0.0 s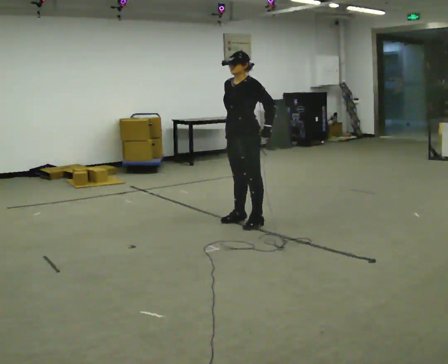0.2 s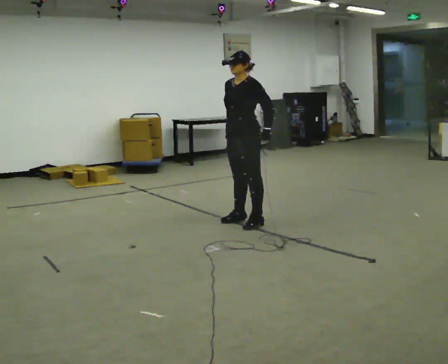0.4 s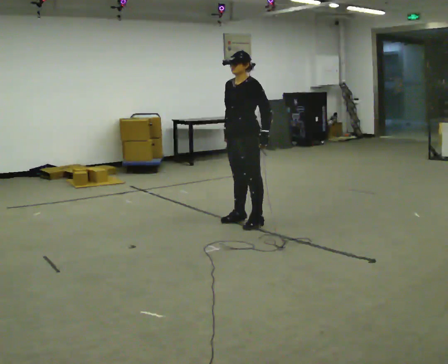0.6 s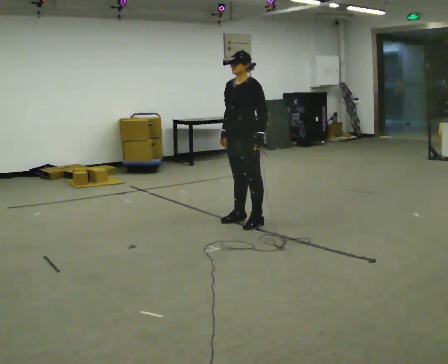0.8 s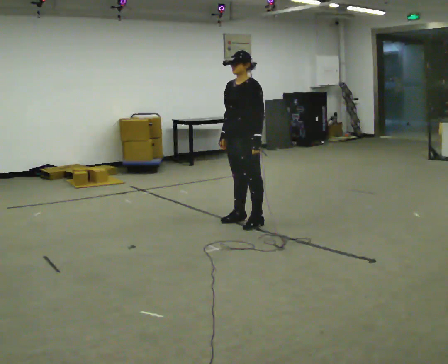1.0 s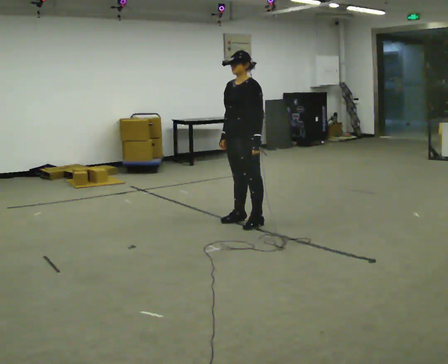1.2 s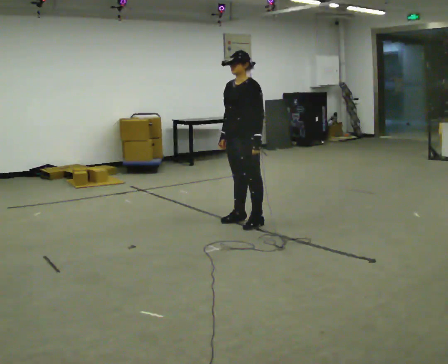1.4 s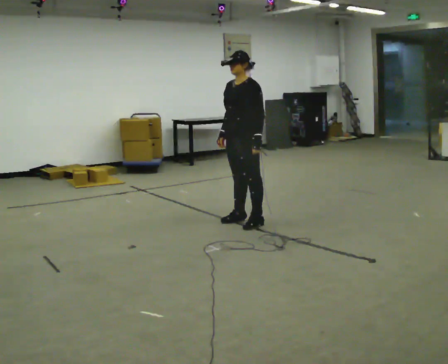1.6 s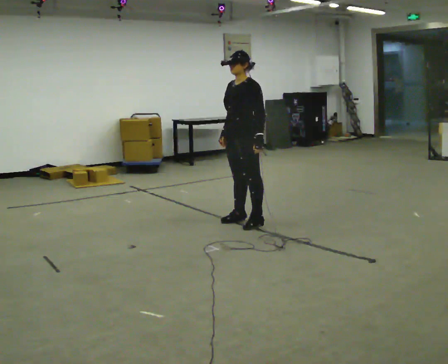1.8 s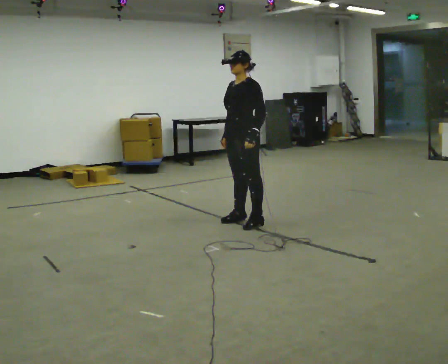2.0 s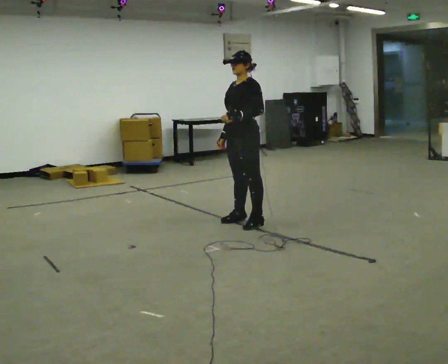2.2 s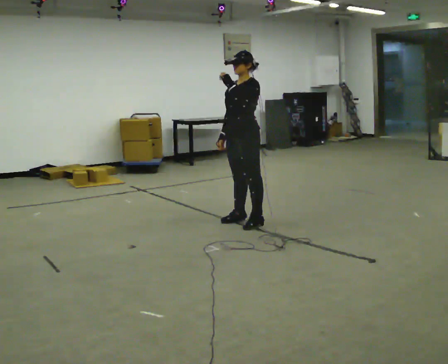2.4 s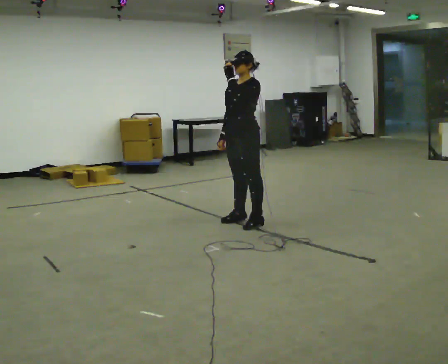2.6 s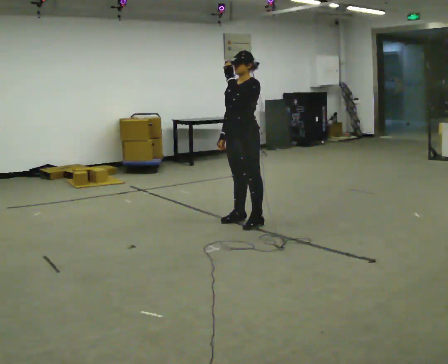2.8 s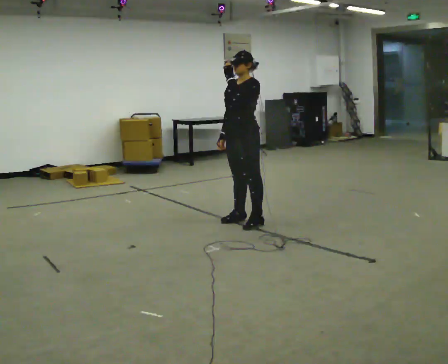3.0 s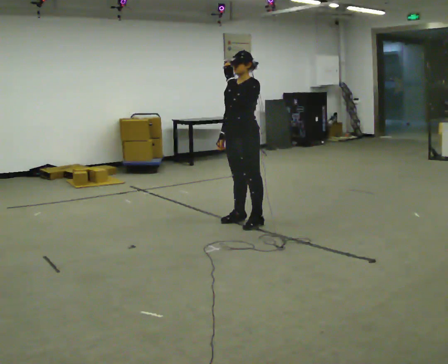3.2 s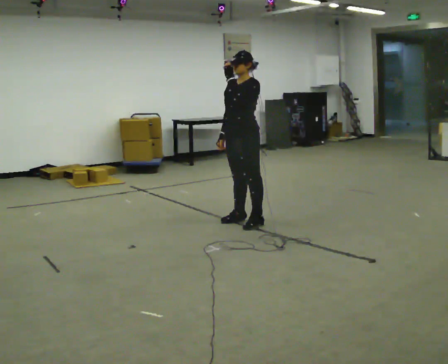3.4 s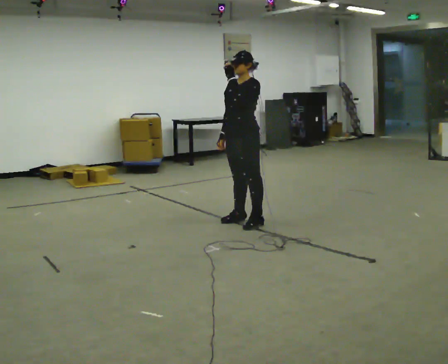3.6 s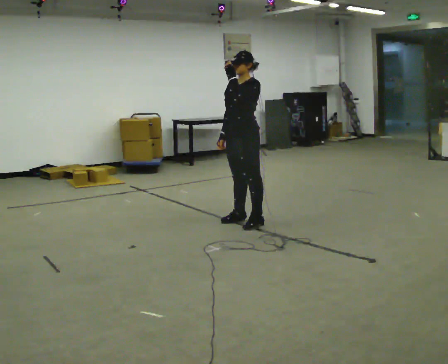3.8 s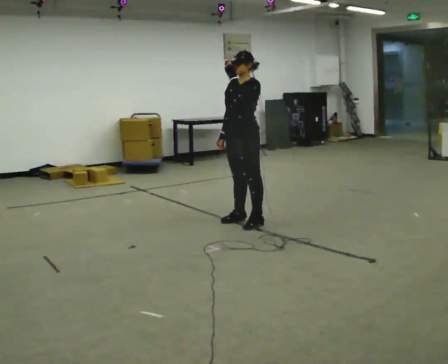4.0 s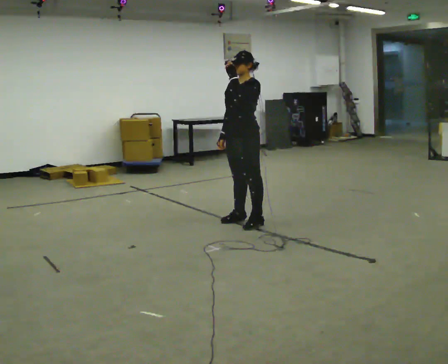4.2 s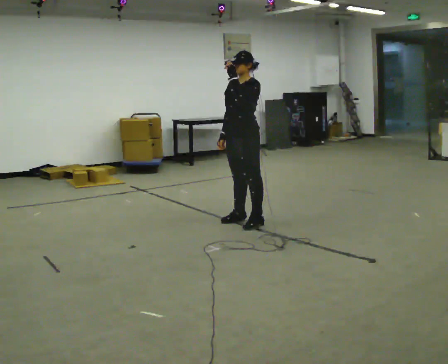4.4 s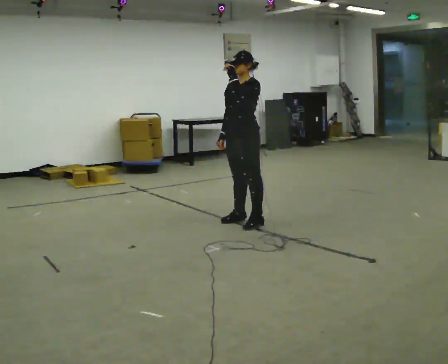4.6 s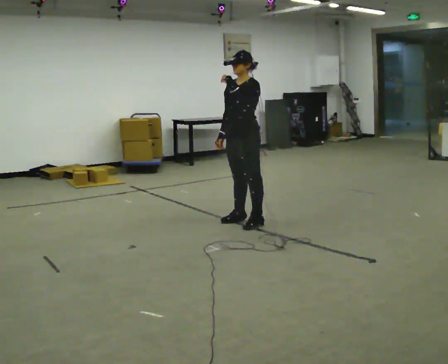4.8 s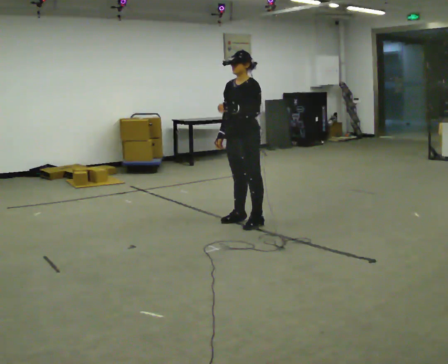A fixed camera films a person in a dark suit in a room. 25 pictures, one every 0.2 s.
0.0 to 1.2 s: The person moves a little, or ends about where they began.
1.2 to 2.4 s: In the picture their left hand goes upward.
2.4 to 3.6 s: The person keeps their place and pose.
3.6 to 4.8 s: The person moves a little, or ends about where they began.
The film runs backward here.
